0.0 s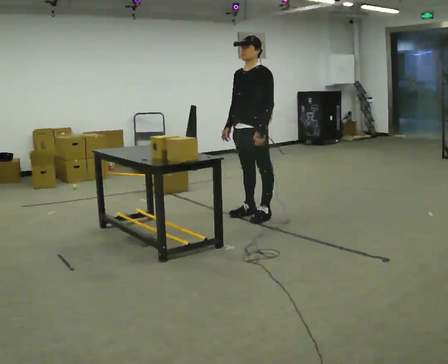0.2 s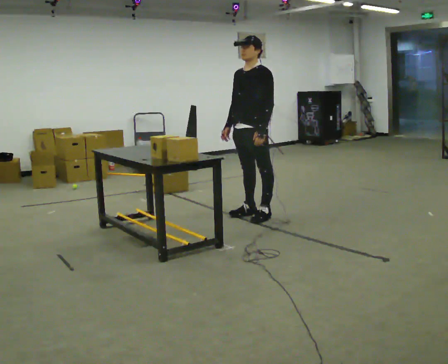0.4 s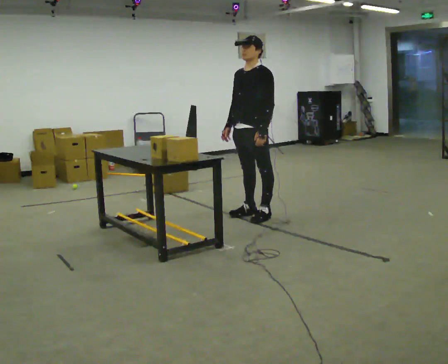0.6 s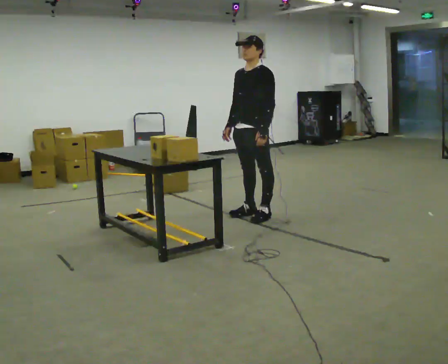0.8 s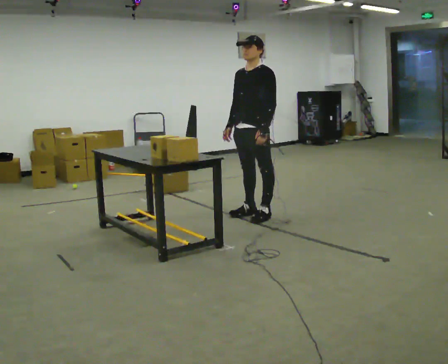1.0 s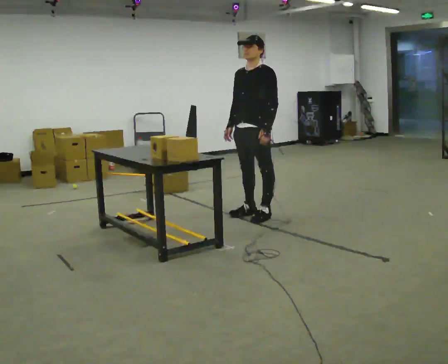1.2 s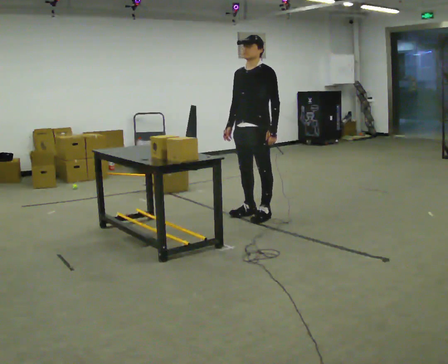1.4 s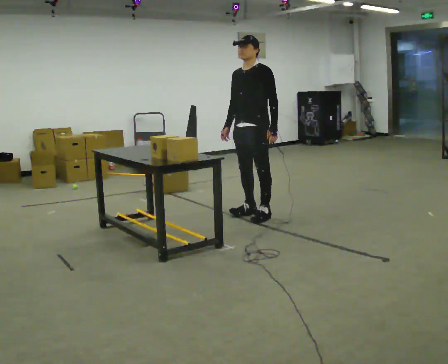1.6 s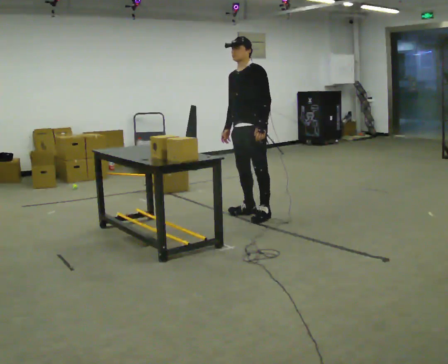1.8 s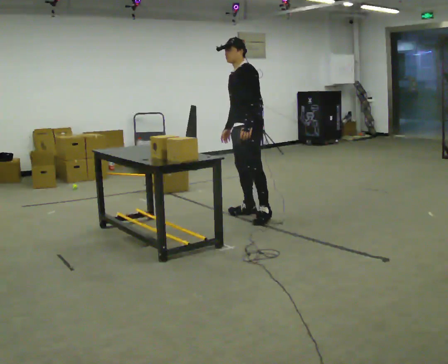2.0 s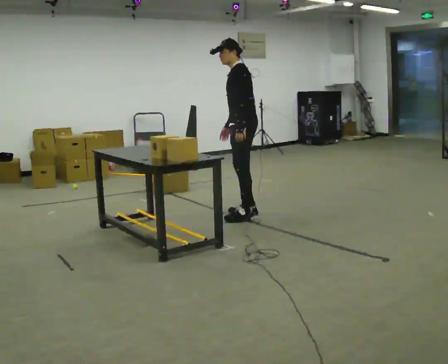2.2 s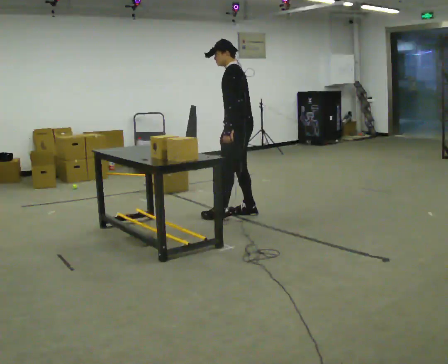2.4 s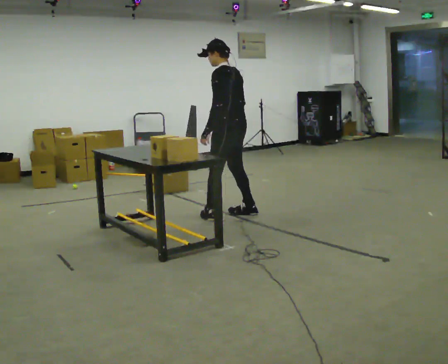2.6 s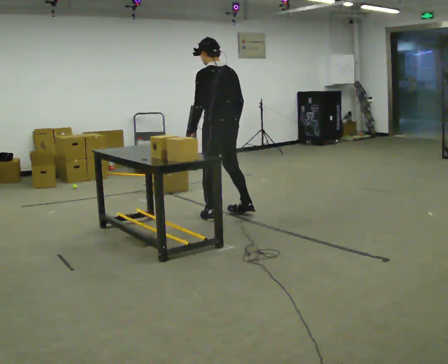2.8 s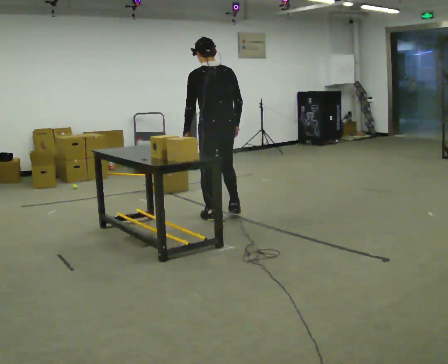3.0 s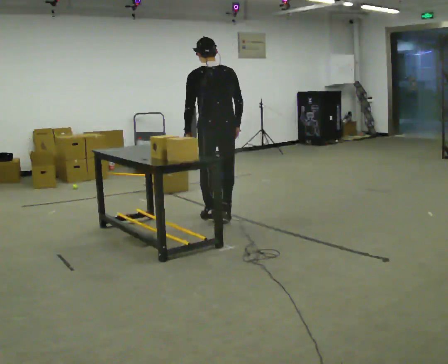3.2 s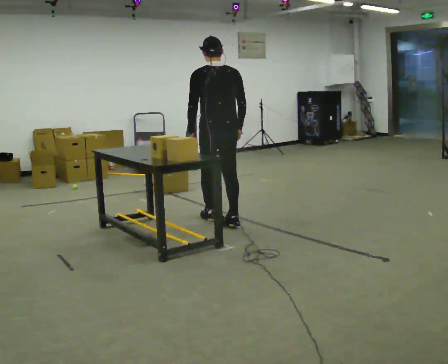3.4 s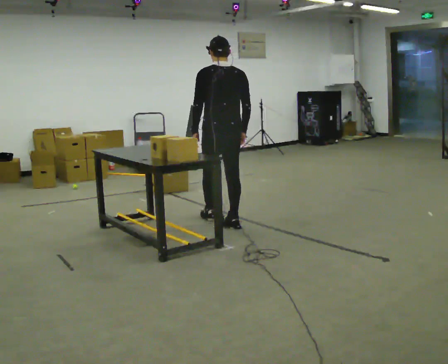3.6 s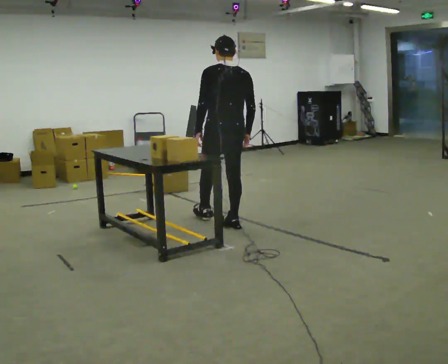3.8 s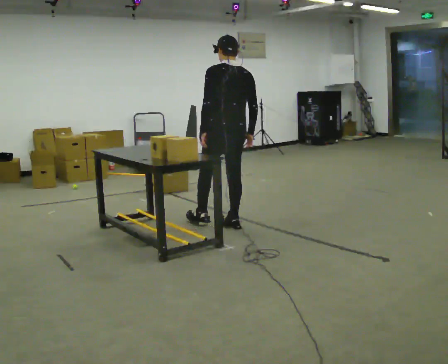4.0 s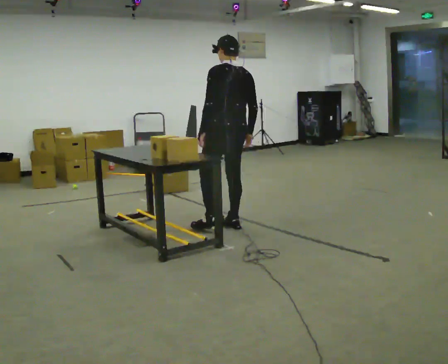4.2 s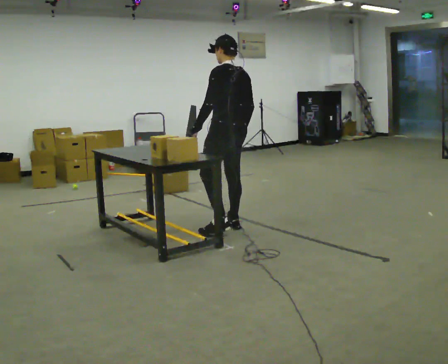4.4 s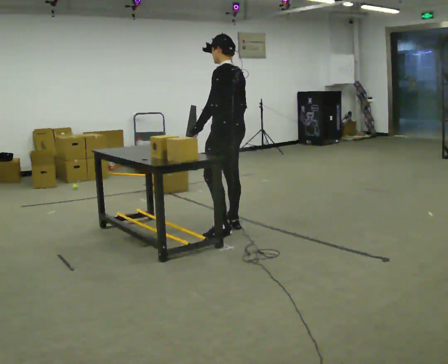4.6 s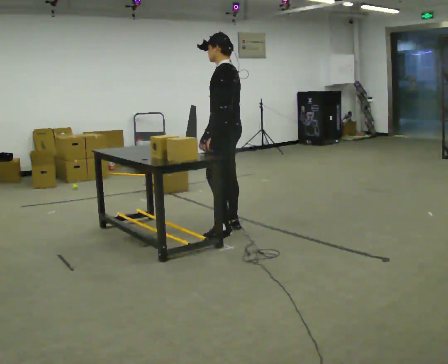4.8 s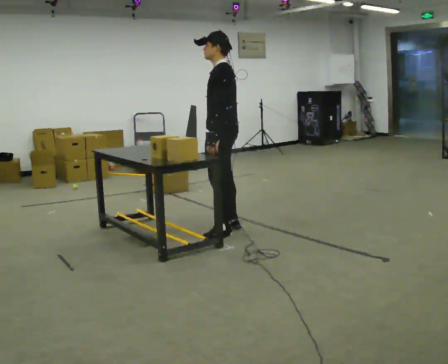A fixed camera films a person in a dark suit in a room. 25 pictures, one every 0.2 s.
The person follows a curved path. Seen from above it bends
counterclockwise.
0.0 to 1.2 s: The person moves a little, or ends about where they began.
1.2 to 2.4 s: Seen from above the body turns clockwise, about 75 degrees: to their right, with its near side sliding to the left. In the picture they go to the left, about 0.25 m in 1 step. In the picture their left hand goes to the left.
2.4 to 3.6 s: Seen from above the body turns clockwise, about 45 degrees: to their right, with its near side sliding to the left. In the picture they go toward the camera, about 0.25 m in 2 steps, which for them is backward and to their left.
3.6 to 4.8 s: The person turns about 60 degrees to their left, counterclockwise seen from above, so the part of the body nearest the lens slides to the right. In the picture they go toward the camera, about 0.25 m.
The film runs backward here.
